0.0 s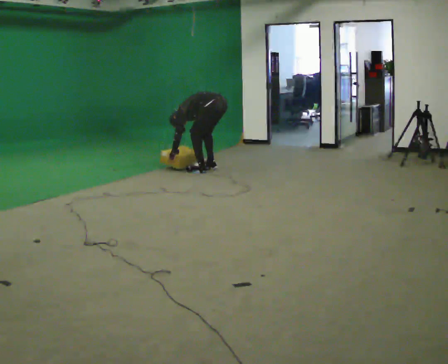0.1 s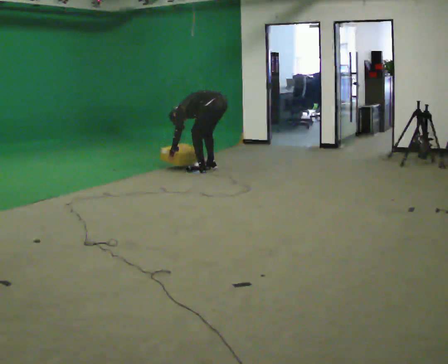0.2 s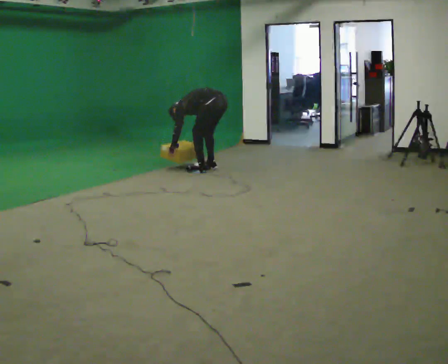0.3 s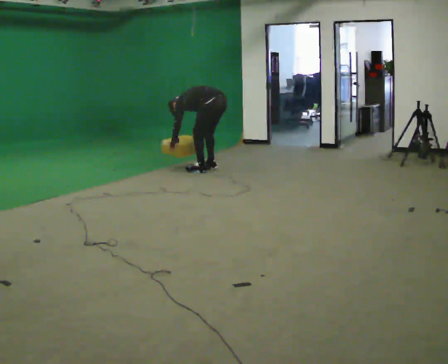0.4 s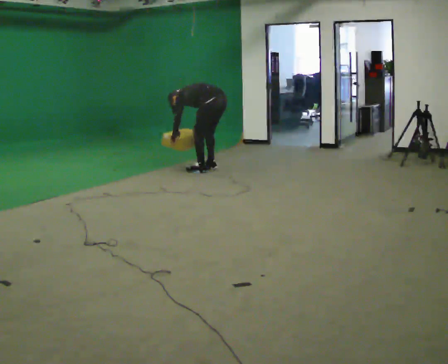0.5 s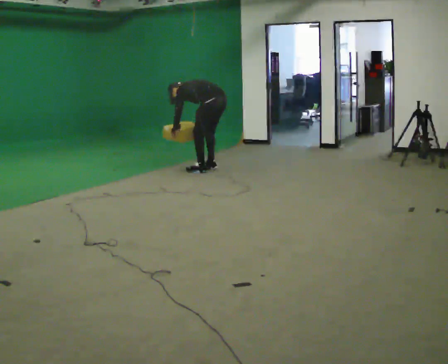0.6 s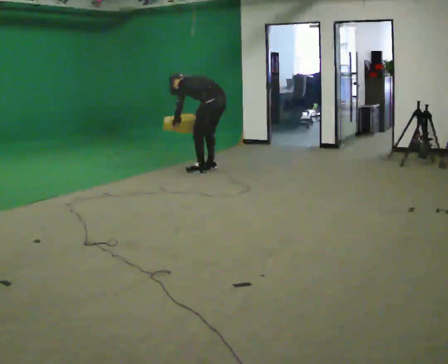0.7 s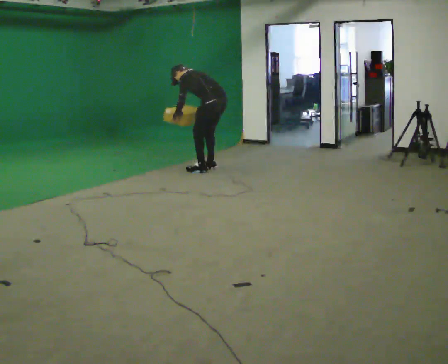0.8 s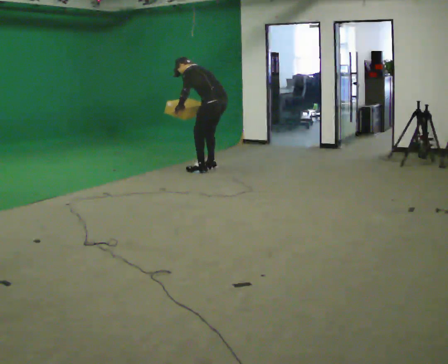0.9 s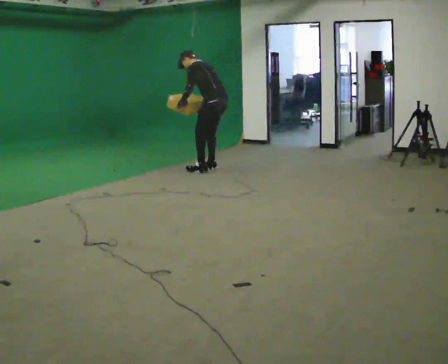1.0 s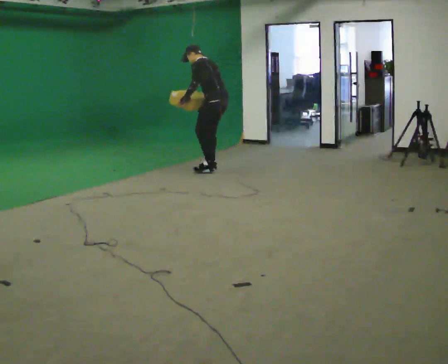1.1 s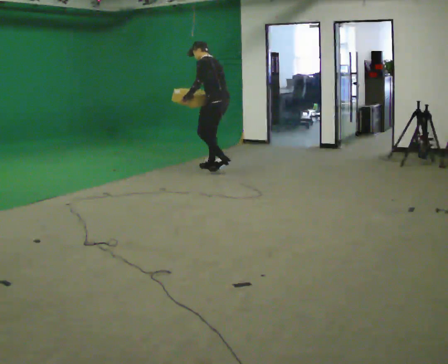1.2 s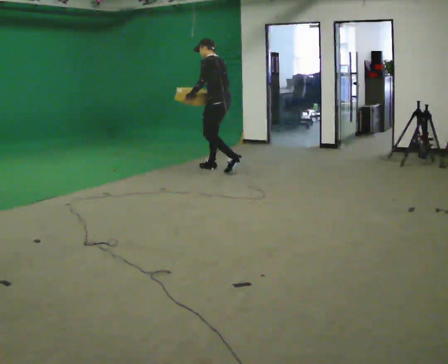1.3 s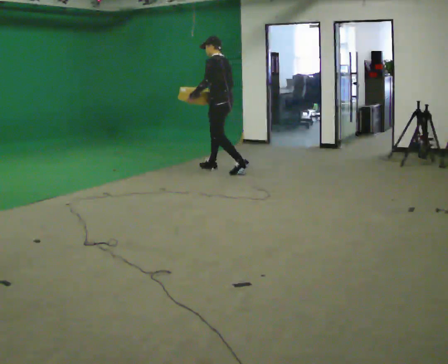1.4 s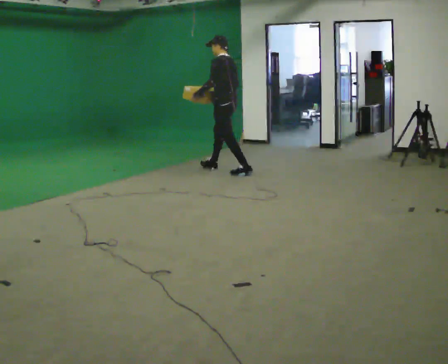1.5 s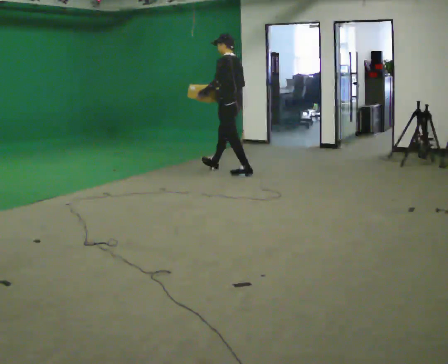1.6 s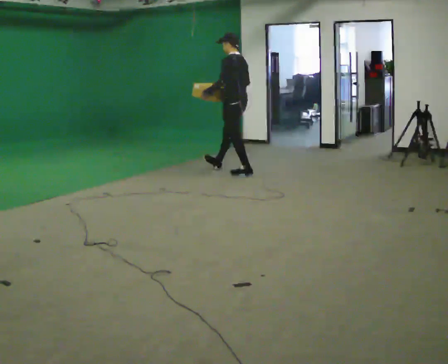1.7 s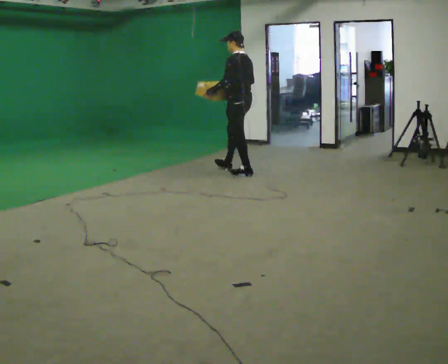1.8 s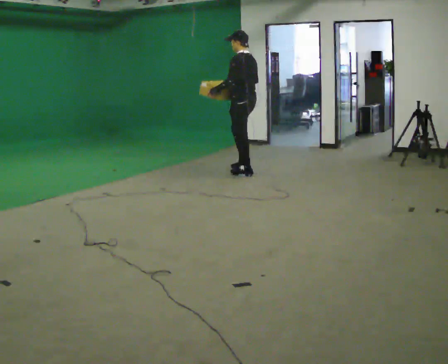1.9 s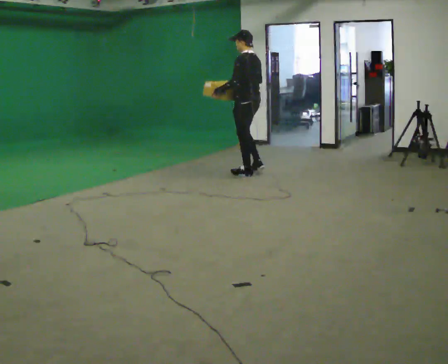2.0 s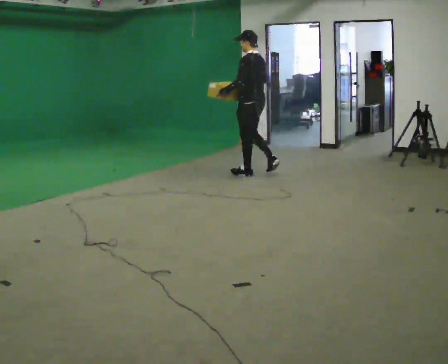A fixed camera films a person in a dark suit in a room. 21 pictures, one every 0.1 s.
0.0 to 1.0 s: The shoulders move upward. In the picture the upper body tilts clockwise, shoulders to the right, as they lean back or straighten. In the picture their right hand goes upward.
1.0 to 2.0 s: In the picture they go to the right and toward the camera, about 0.5 m in 1 step, which for them is backward. In the picture the upper body tilts clockwise, shoulders to the right, as they lean back or straighten.
The film runs backward here.
